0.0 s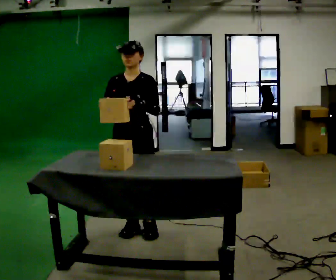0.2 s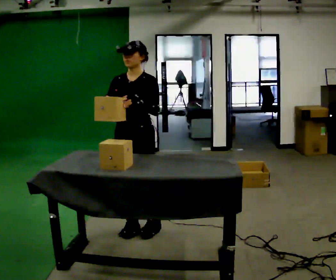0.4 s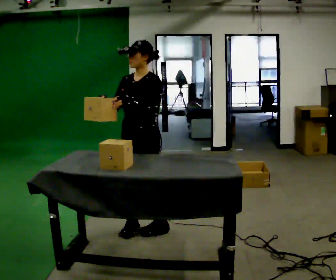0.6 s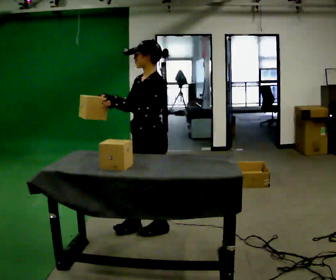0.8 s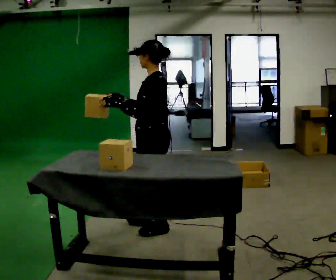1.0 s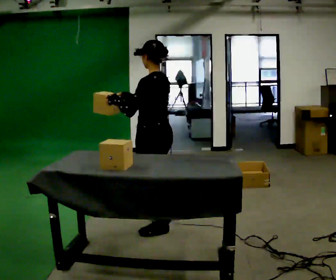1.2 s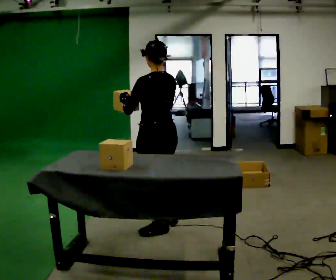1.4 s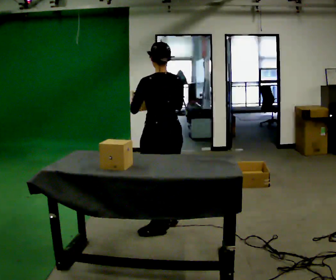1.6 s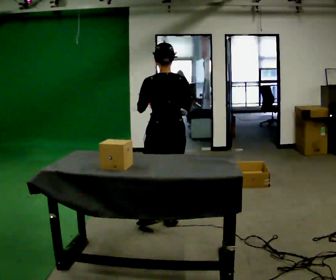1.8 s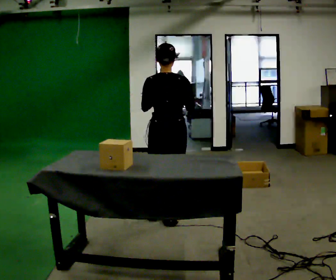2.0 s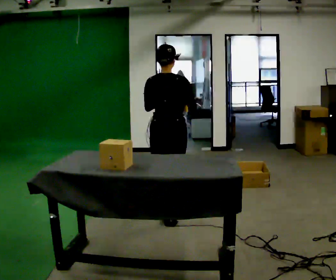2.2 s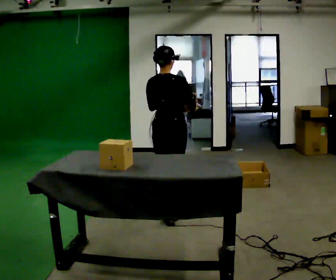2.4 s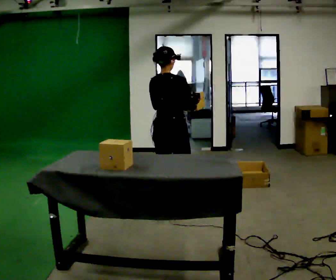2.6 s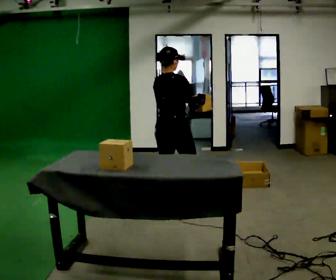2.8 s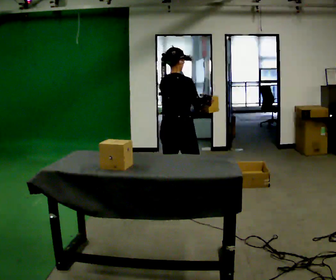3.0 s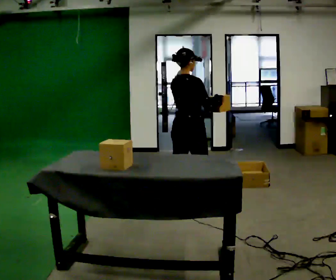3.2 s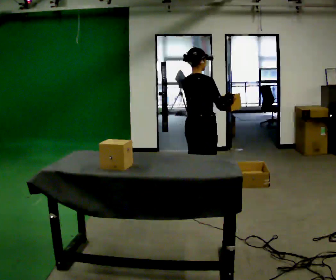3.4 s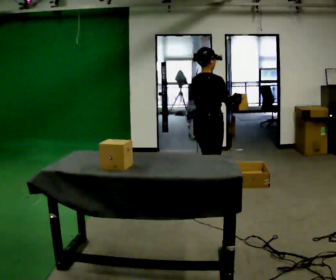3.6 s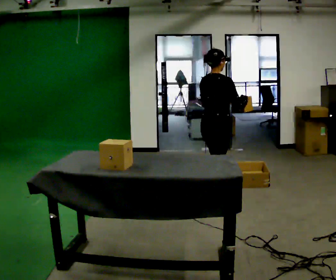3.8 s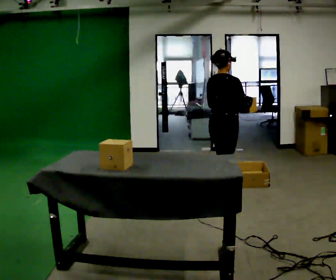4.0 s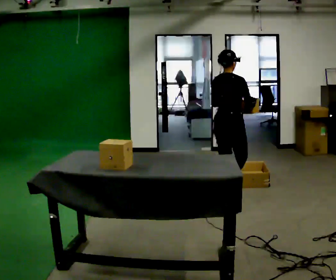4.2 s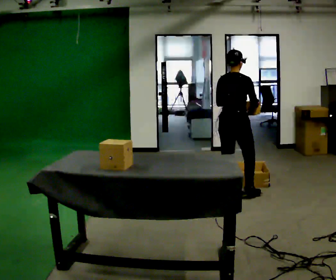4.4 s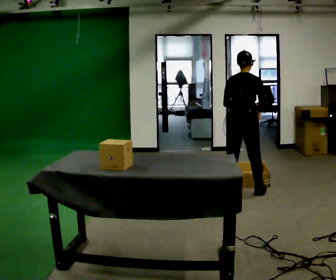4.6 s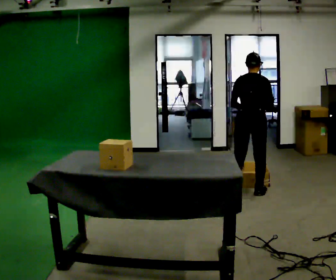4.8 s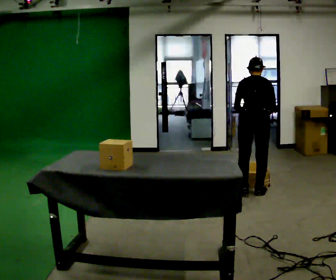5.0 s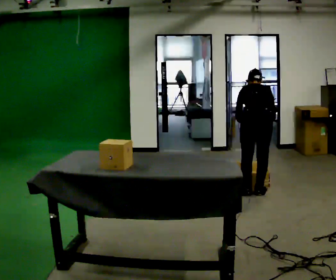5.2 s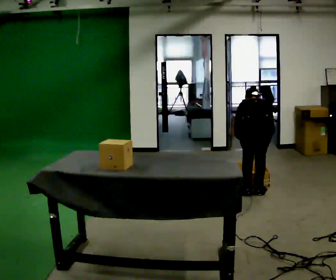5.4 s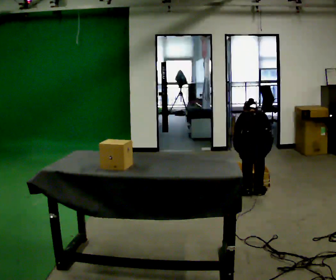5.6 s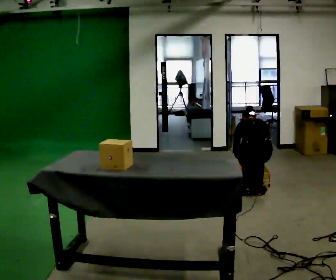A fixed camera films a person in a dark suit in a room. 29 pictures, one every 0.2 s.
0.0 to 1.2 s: The person turns about 120 degrees to their right, clockwise seen from above, so the part of the body nearest the lens slides to the left. In the picture they go to the right, about 0.25 m in 1 step. In the picture their right hand goes to the right.
1.2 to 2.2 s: The person turns about 75 degrees to their right, clockwise seen from above, so the part of the body nearest the lens slides to the left. In the picture they go away from the camera, about 0.25 m in 1 step.
2.2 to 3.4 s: Seen from above the body turns clockwise, about 30 degrees: to their right, with its near side sliding to the left. In the picture they go to the right and away from the camera, about 0.5 m in 1 step, which for them is forward.
3.4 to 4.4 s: In the picture they go to the right and away from the camera, about 0.5 m in 2 steps, which for them is forward.
4.4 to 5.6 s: The upper body goes downward. The upper body tips away from the camera, its near side rolling upward, as they bend forward. In the picture their left hand goes downward.
The film runs forward here.
